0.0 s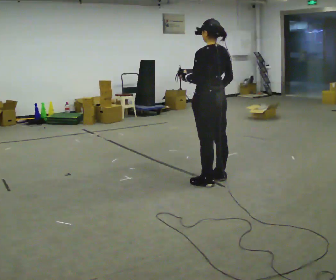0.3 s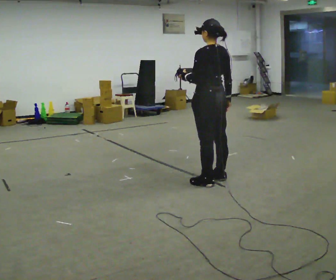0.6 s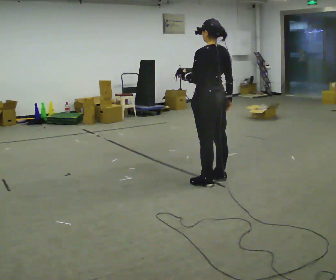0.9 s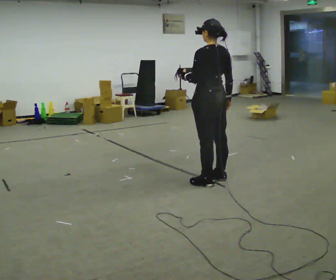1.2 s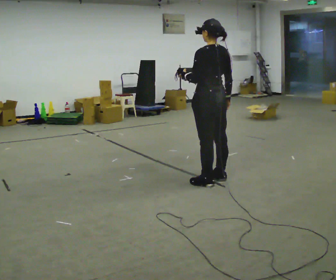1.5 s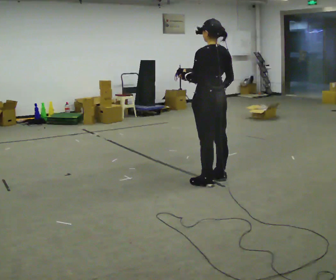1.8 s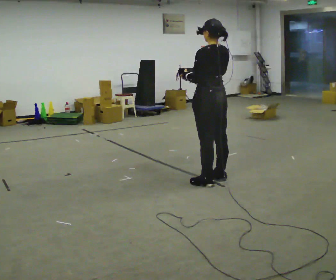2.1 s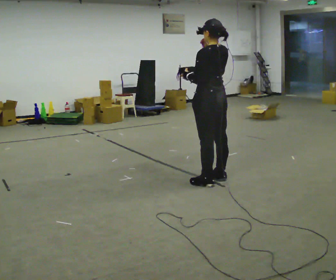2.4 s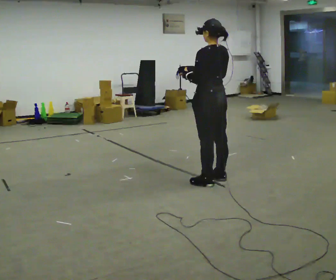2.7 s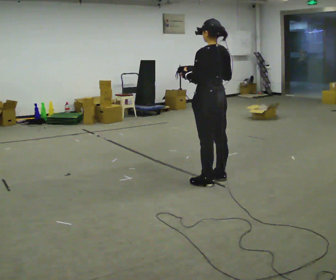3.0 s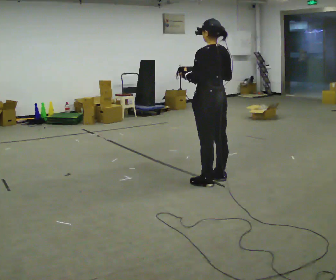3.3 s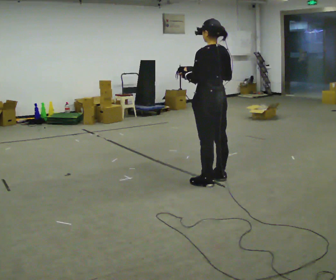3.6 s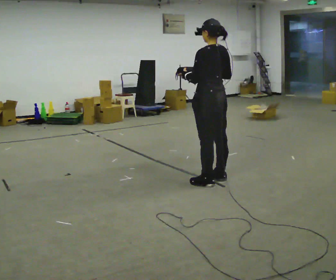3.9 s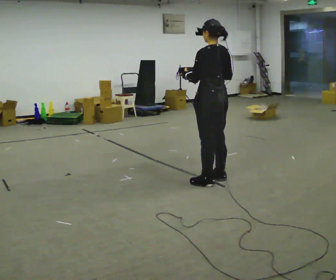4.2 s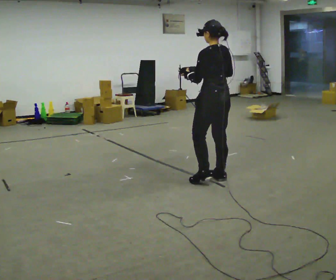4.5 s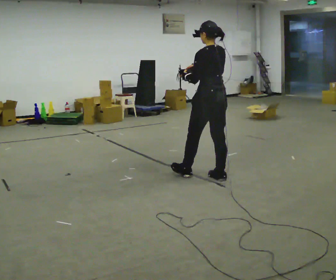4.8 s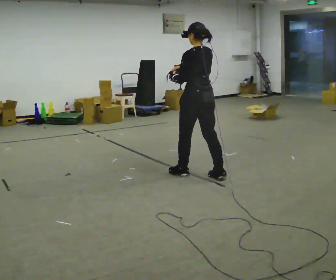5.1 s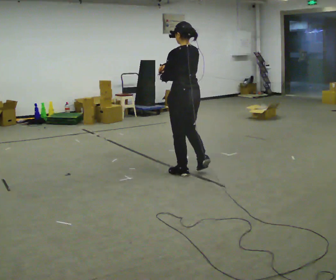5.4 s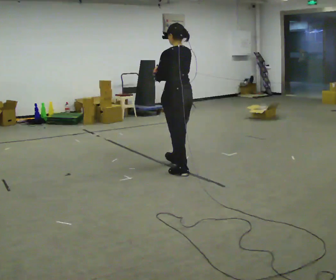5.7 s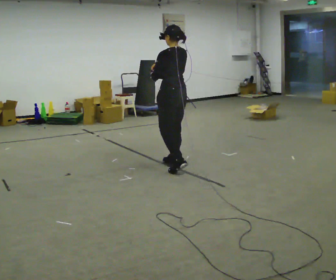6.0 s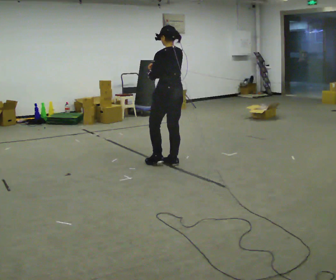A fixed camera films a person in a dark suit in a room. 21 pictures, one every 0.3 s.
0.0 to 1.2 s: The person moves a little, or ends about where they began.
1.2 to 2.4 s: In the picture their right hand goes upward.
2.4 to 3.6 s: The person moves a little, or ends about where they began.
3.6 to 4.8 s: In the picture they go away from the camera, about 0.25 m in 1 step, which for them is forward. In the picture their right hand goes to the left.
4.8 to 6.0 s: In the picture they go away from the camera and to the left, about 0.5 m in 1 step, which for them is forward.
The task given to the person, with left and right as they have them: Carry the bag and, while walking, undo the buckle or zip, then do it up again. Keep repeating as you walk. Do not stop.
The film runs forward here.
